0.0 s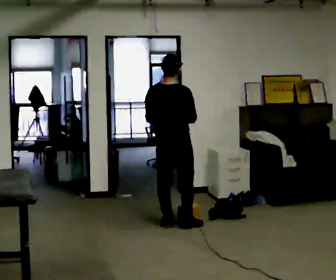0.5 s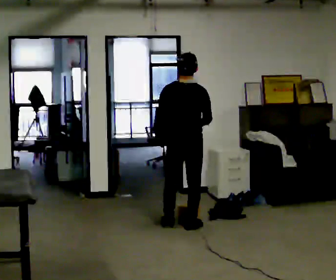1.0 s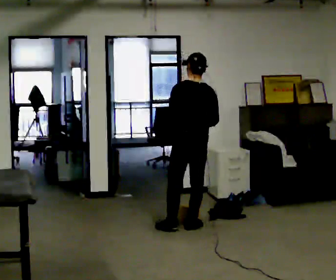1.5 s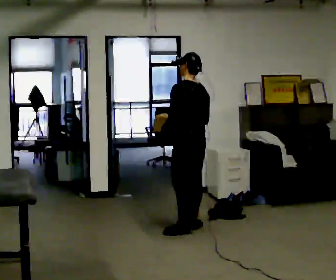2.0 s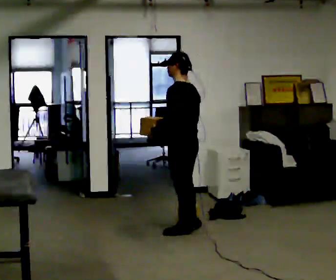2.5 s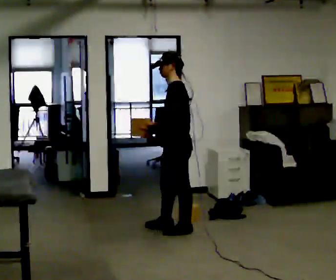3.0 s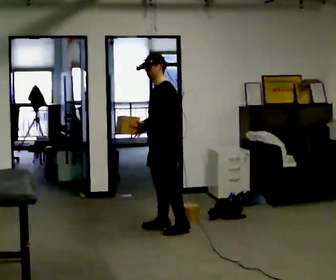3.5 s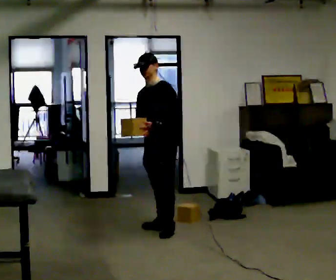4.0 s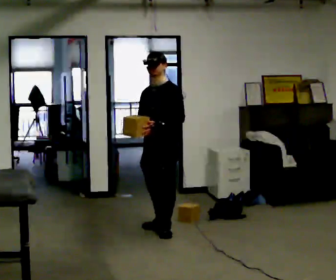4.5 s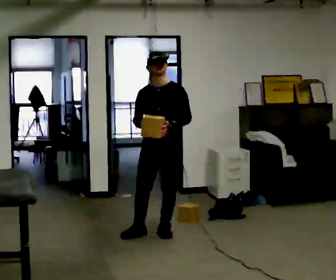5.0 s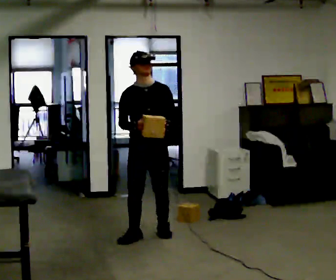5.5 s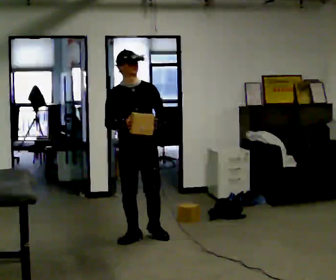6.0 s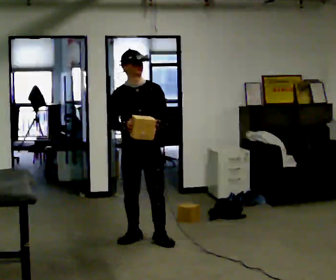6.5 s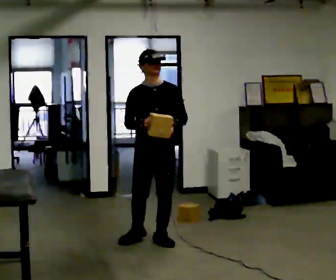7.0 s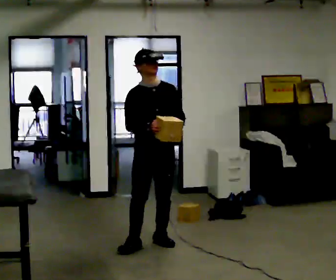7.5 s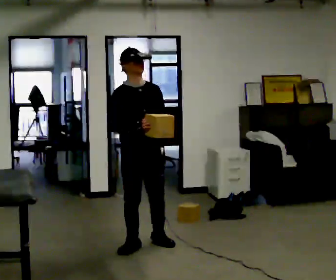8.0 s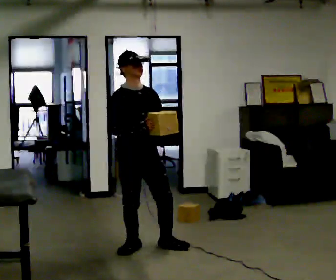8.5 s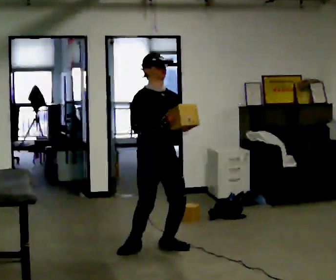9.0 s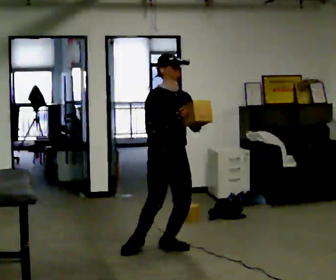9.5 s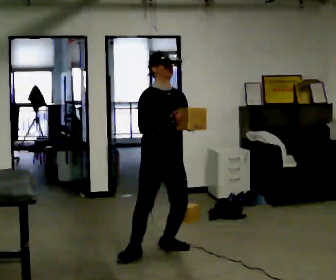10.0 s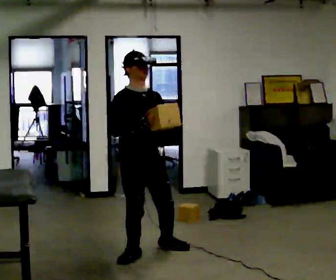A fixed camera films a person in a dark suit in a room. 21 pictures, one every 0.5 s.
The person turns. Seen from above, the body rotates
counterclockwise.
The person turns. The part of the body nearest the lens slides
to the right.
0.0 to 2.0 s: The part of the body nearest the lens slides to the right as the person turns to their left by about 75 degrees. In the picture they go toward the camera, about 0.25 m in 1 step.
2.0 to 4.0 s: The part of the body nearest the lens slides to the right as the person turns to their left by about 75 degrees. In the picture they go to the left, about 0.25 m in 3 steps. In the picture their right hand goes to the left.
4.0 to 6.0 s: The person turns about 45 degrees to their left, counterclockwise seen from above, so the part of the body nearest the lens slides to the right. In the picture they go toward the camera and to the left, about 0.25 m in 2 steps, which for them is forward and to their right.
6.0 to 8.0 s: Seen from above the body turns counterclockwise, about 30 degrees: to their left, with its near side sliding to the right. In the picture they go toward the camera, about 0.25 m in 2 steps, which for them is forward.
8.0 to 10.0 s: In the picture they go toward the camera, about 0.25 m in 1 step, which for them is forward and to their right.
The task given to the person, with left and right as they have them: Pick an object up off the floor at one end of the room, carry it across, and place it on the waist-height shelf at the other end. Keep going until the operator says stop; one object at a time, and do not rush between trips.
The film runs forward here.
